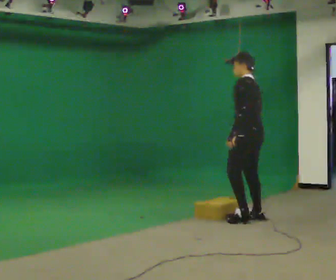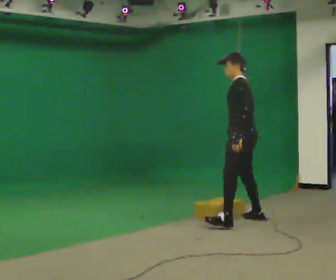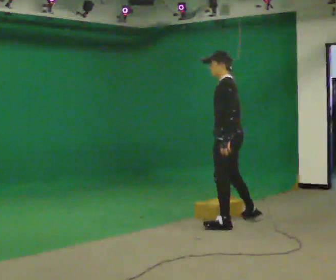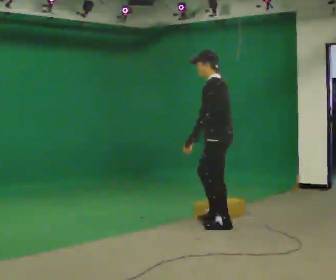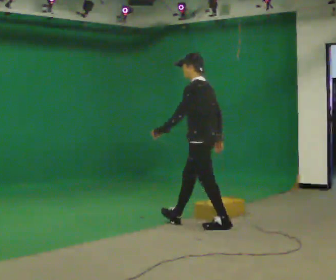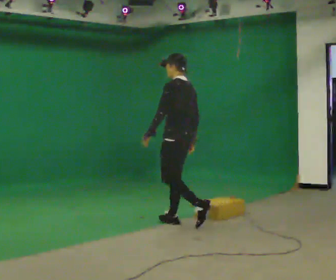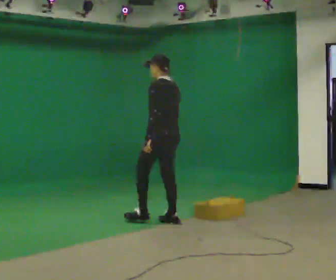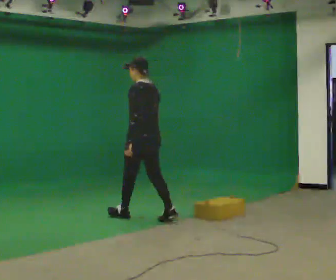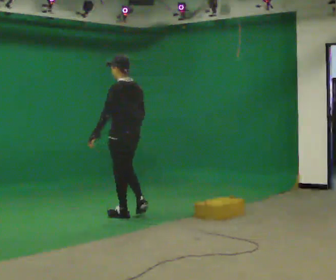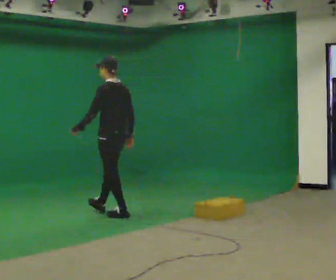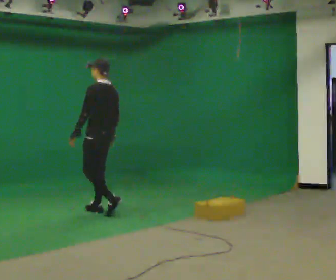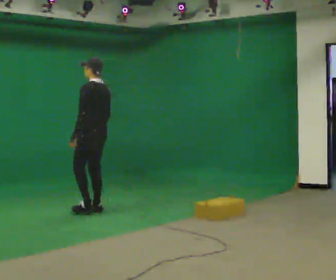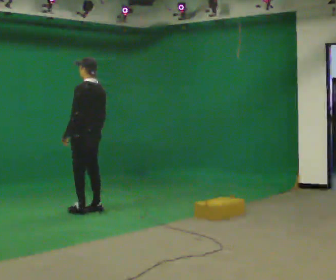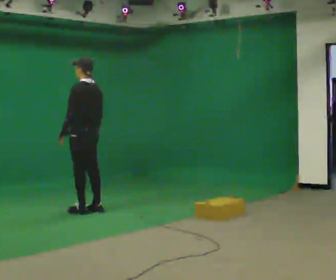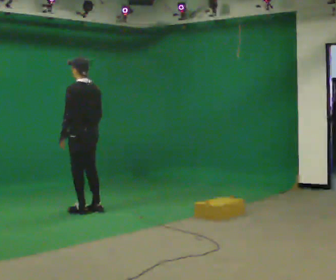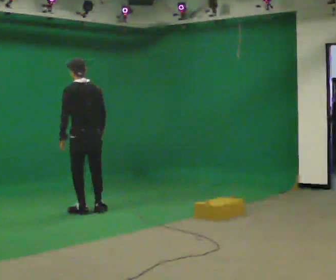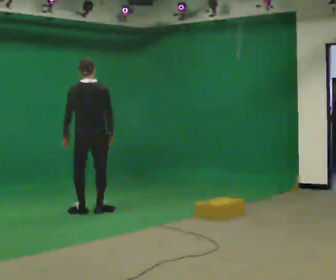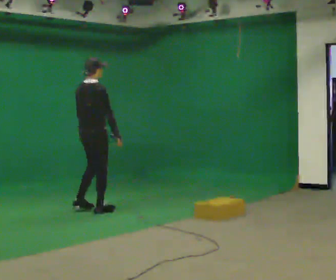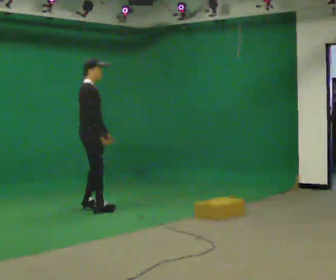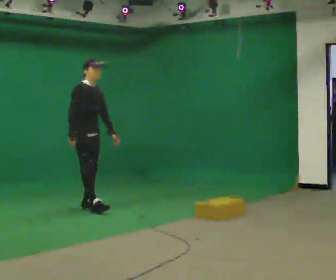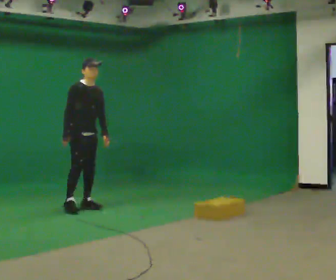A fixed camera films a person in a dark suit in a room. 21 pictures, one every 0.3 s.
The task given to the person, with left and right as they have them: Start still; walk straight at normal comfortable speed; stop at endpoint.
0.0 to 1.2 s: In the picture they go to the left, about 0.5 m in 2 steps, which for them is forward and to their left.
1.2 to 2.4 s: In the picture they go to the left and away from the camera, about 1 m in 1 step, which for them is forward.
2.4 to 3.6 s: In the picture they go to the left and away from the camera, about 0.5 m in 2 steps, which for them is forward.
3.6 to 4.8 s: The person turns about 60 degrees to their right, clockwise seen from above, so the part of the body nearest the lens slides to the left.
4.8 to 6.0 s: The person turns about 135 degrees to their right, clockwise seen from above, so the part of the body nearest the lens slides to the left. In the picture they go away from the camera and to the left, about 0.25 m in 1 step.
The film runs forward here.
